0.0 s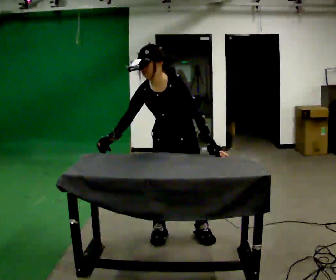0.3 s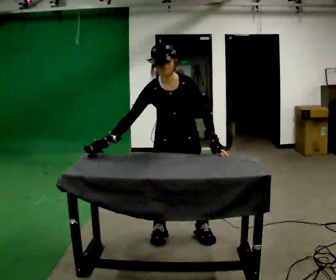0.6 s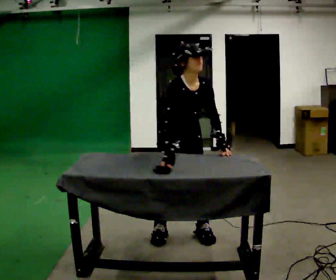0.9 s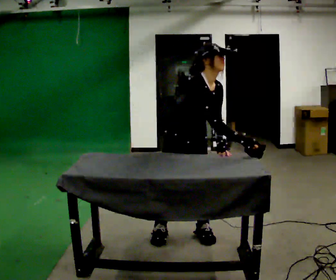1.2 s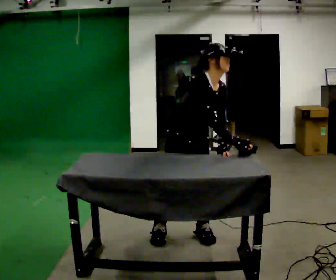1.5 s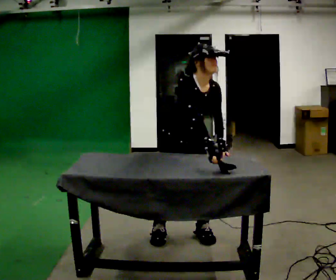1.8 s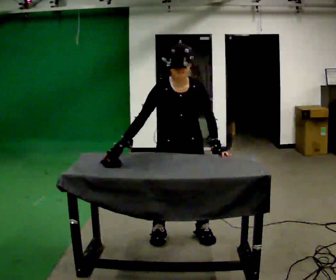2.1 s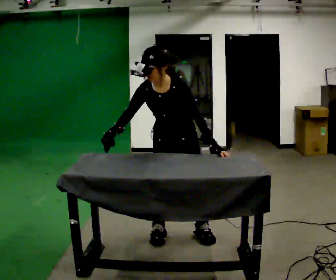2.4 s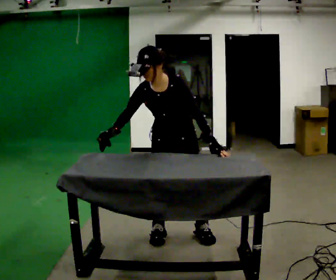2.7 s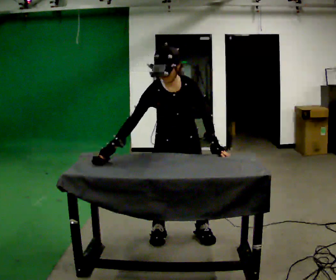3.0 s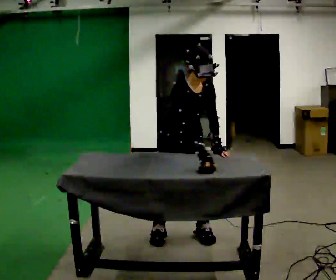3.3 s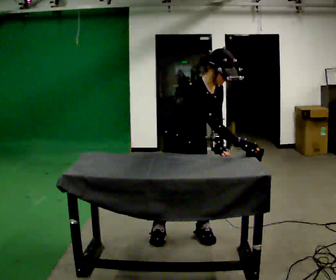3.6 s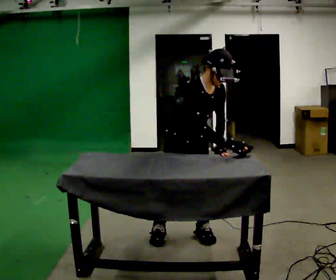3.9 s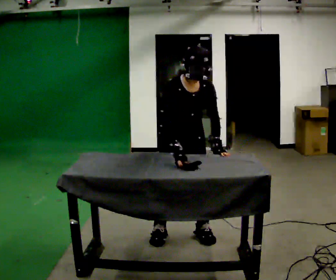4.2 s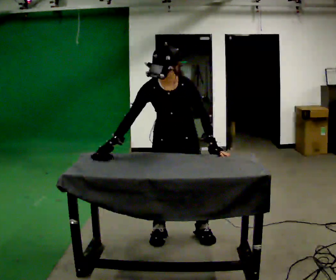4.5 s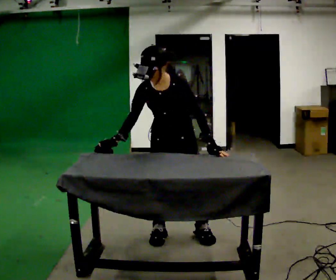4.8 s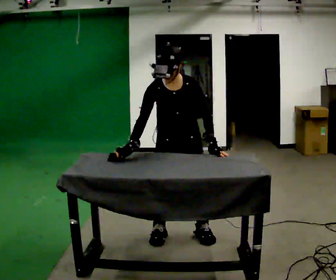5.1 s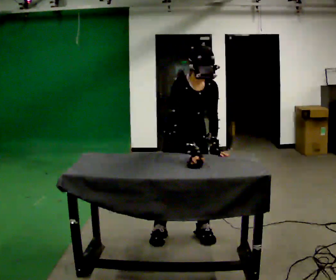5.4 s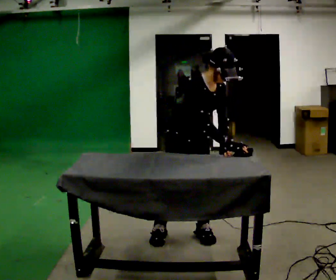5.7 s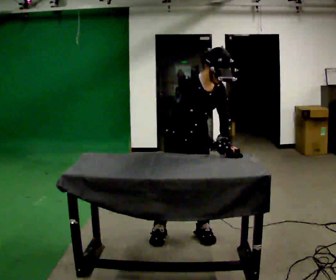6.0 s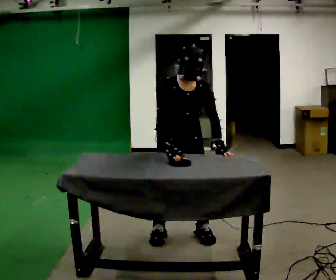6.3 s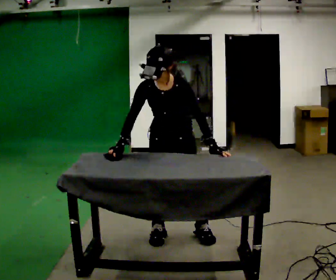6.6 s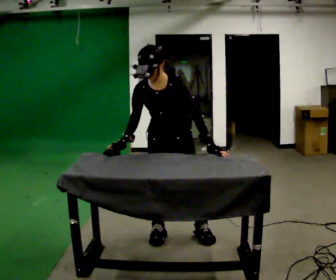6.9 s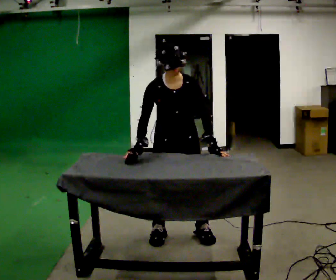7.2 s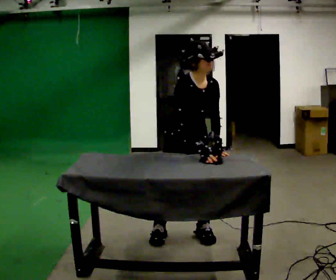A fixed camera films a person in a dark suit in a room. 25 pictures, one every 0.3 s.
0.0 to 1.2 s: The part of the body nearest the lens slides to the right as the person turns to their left by about 60 degrees. In the picture the upper body tilts clockwise, shoulders to the right. In the picture their right hand goes to the right, the arm swinging counterclockwise.
1.2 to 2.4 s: The part of the body nearest the lens slides to the left as the person turns to their right by about 45 degrees. In the picture the upper body tilts counterclockwise, shoulders to the left. In the picture their right hand goes to the left, the arm swinging clockwise.
2.4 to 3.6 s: The person turns about 45 degrees to their left, counterclockwise seen from above, so the part of the body nearest the lens slides to the right. In the picture the upper body tilts clockwise, shoulders to the right. In the picture their right hand goes to the right, the arm swinging counterclockwise.
3.6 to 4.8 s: Seen from above the body turns clockwise, about 30 degrees: to their right, with its near side sliding to the left. In the picture their right hand goes to the left, the arm swinging clockwise.
4.8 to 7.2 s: Seen from above the body turns counterclockwise, about 30 degrees: to their left, with its near side sliding to the right. In the picture their right hand goes to the right.
The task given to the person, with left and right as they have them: Cover the whole panel with the brush or roller, using long strokes. Repeat at your own pace until the operator says stop. Keep both feet on the marked spots for the whole take. If you have to step, stop and tell the operator.
The film runs forward here.
